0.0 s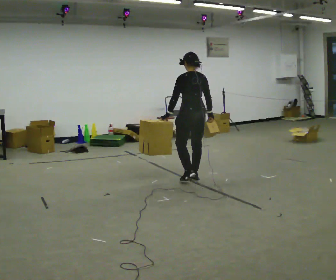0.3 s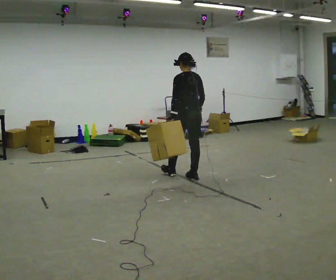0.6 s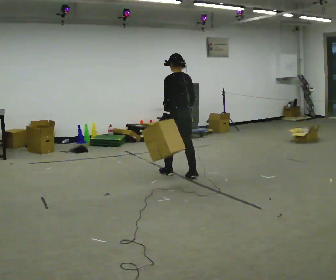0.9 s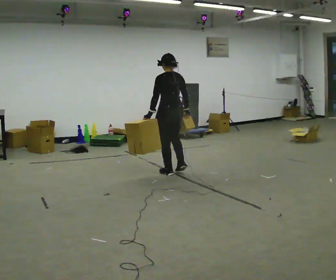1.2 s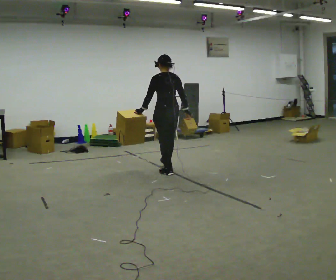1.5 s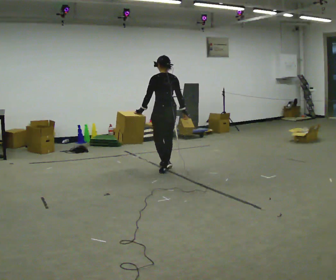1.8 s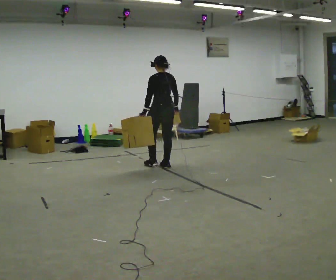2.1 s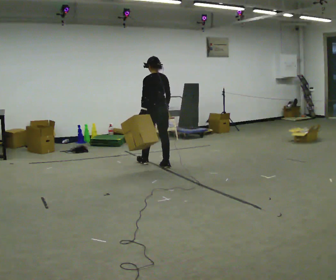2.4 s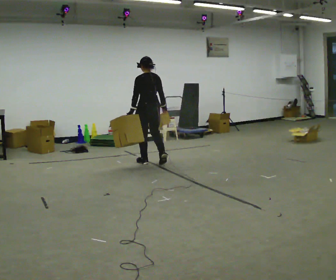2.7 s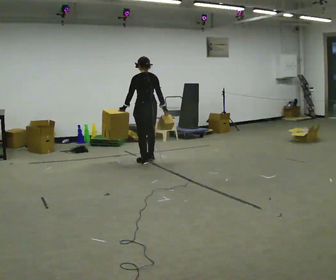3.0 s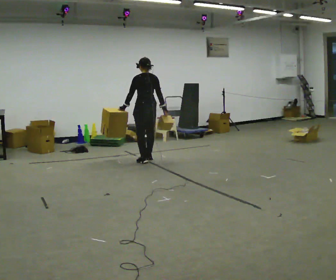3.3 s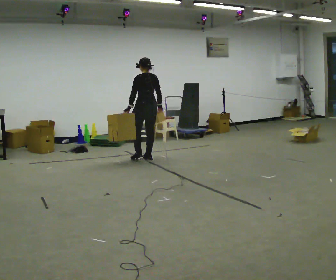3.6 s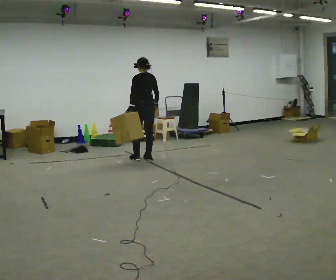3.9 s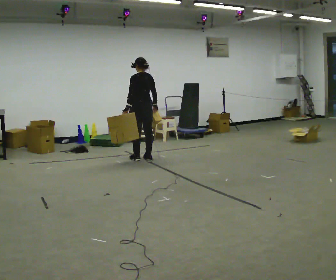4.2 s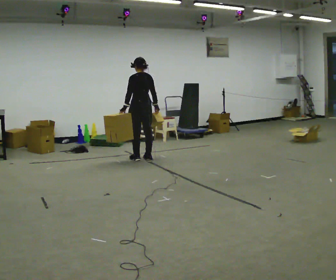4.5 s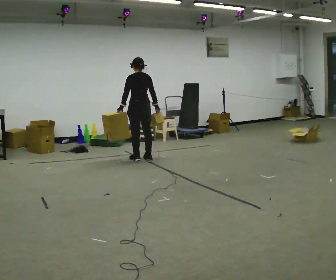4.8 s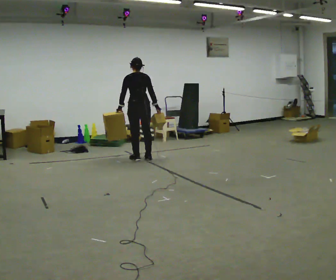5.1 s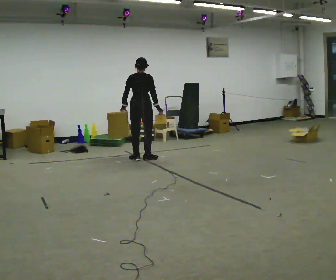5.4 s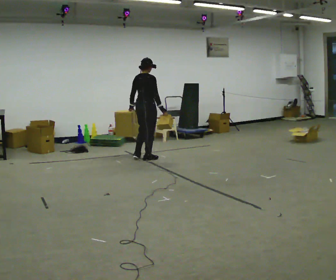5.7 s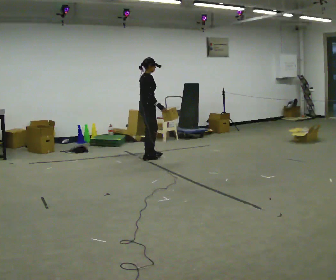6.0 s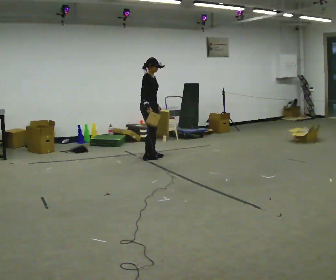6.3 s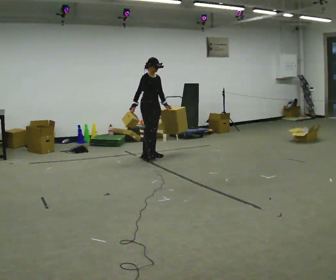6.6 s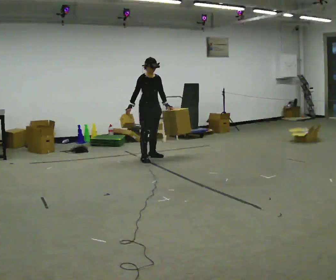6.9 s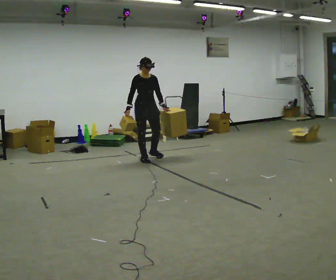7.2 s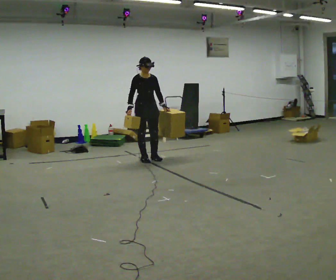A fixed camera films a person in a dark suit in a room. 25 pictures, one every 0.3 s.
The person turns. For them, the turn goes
to their right.
The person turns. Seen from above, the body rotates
clockwise.
0.0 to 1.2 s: In the picture they go away from the camera and to the left, about 0.5 m in 1 step, which for them is forward.
1.2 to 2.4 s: In the picture they go away from the camera and to the left, about 0.5 m in 2 steps, which for them is forward.
2.4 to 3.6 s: In the picture they go away from the camera, about 0.25 m in 2 steps, which for them is forward.
3.6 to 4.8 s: The person moves a little, or ends about where they began.
4.8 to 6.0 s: The part of the body nearest the lens slides to the left as the person turns to their right by about 120 degrees.
6.0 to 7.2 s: Seen from above the body turns clockwise, about 45 degrees: to their right, with its near side sliding to the left. In the picture they go toward the camera, about 0.25 m in 1 step, which for them is to their right and forward.
The film runs forward here.
